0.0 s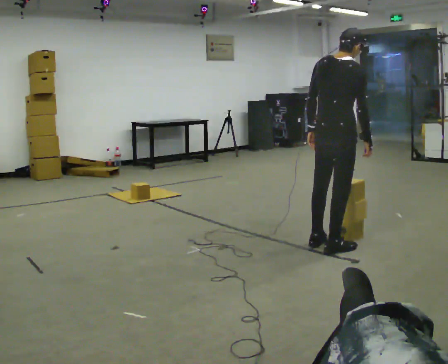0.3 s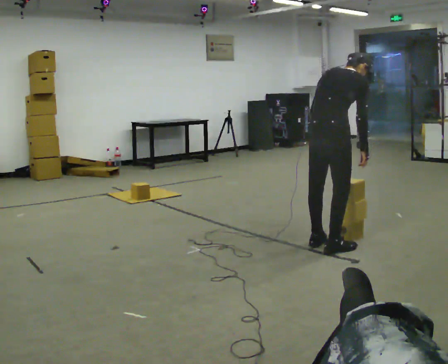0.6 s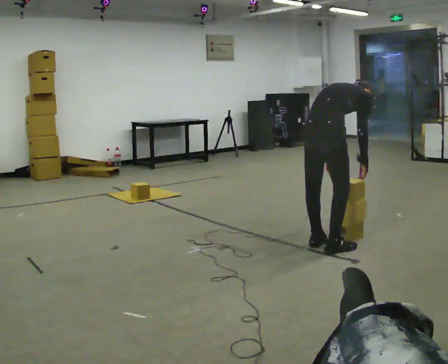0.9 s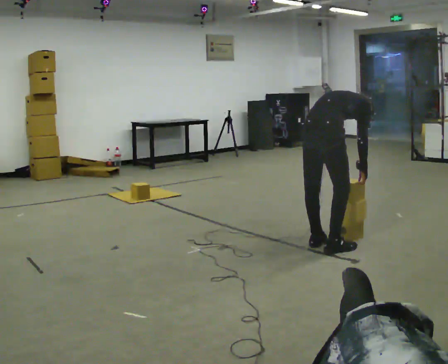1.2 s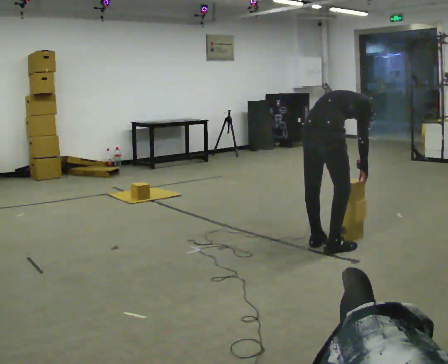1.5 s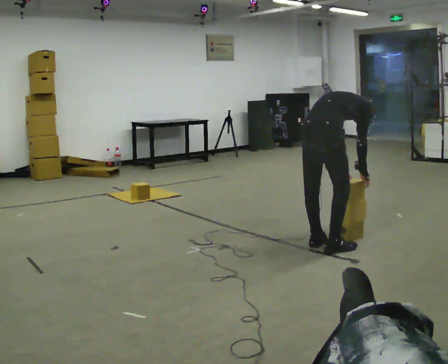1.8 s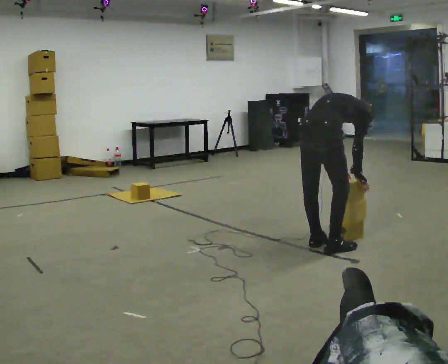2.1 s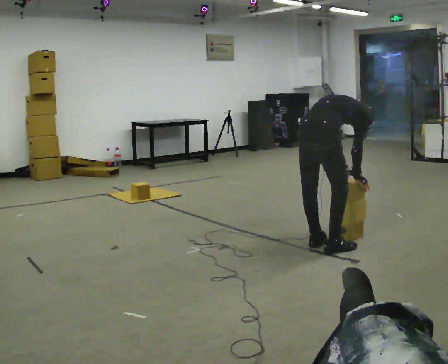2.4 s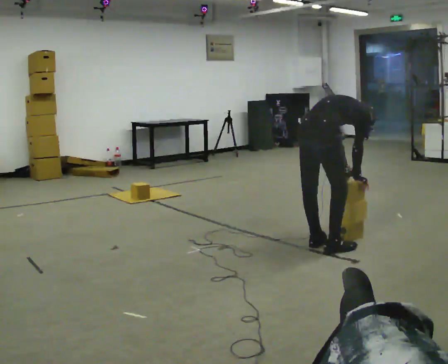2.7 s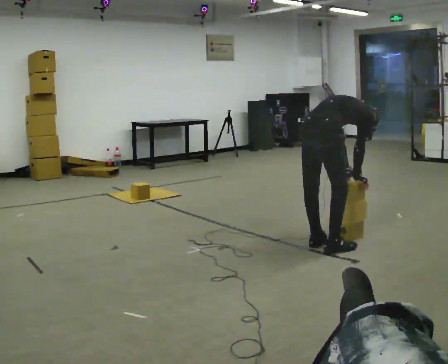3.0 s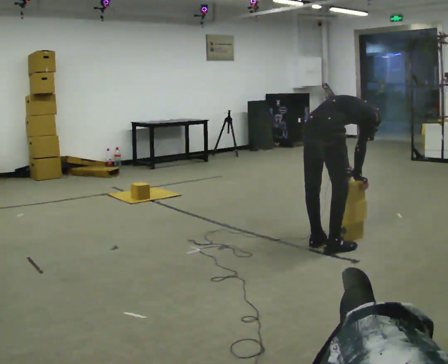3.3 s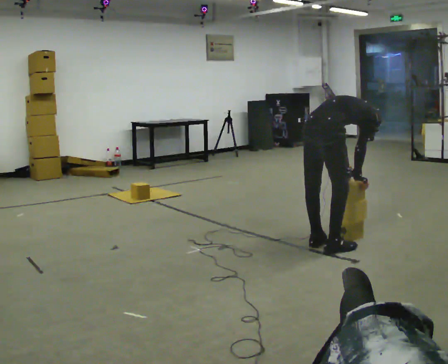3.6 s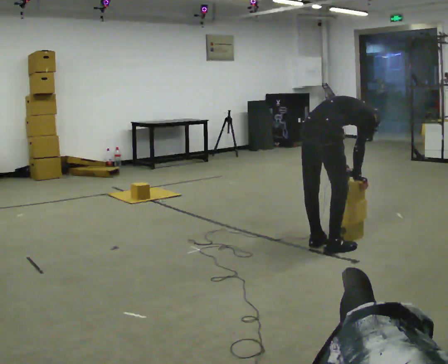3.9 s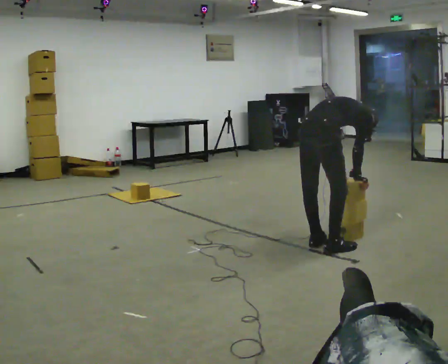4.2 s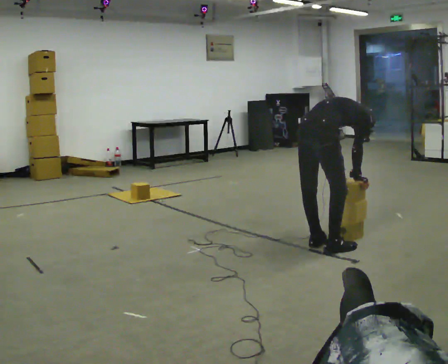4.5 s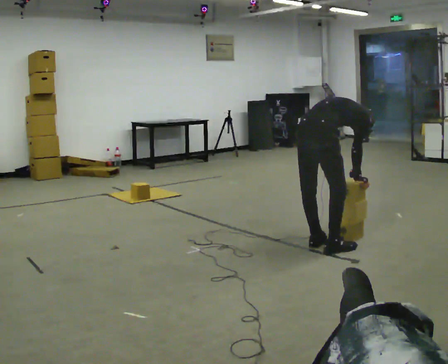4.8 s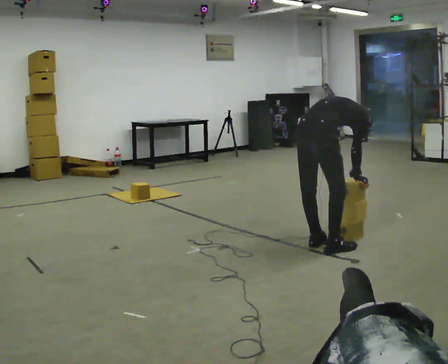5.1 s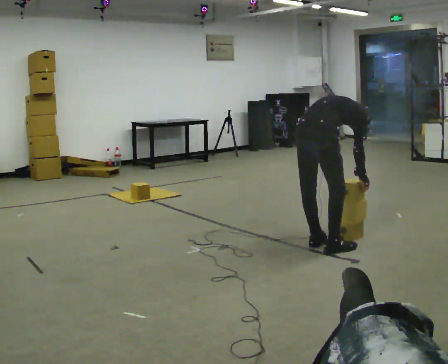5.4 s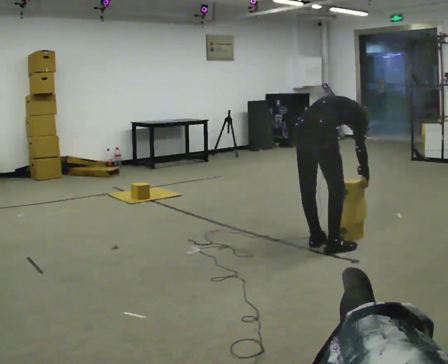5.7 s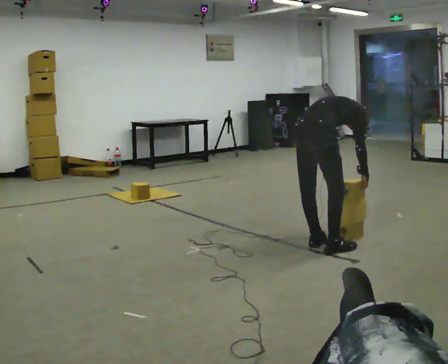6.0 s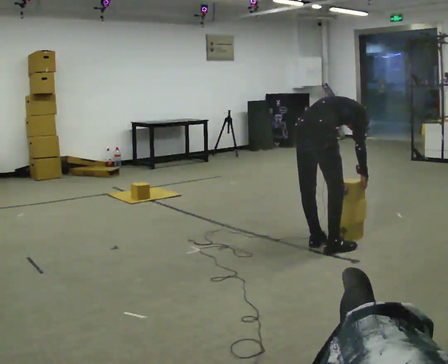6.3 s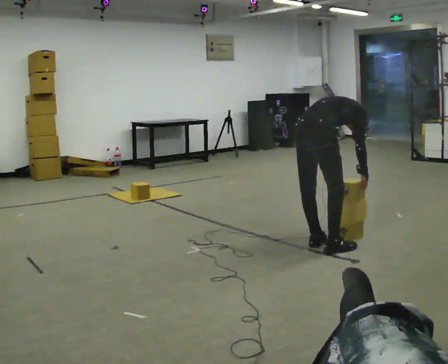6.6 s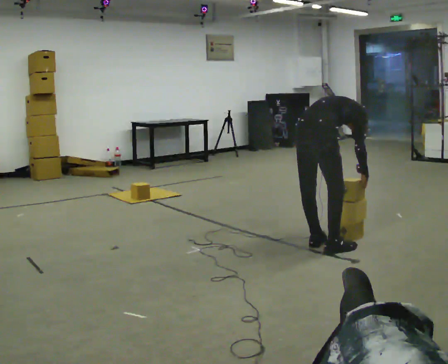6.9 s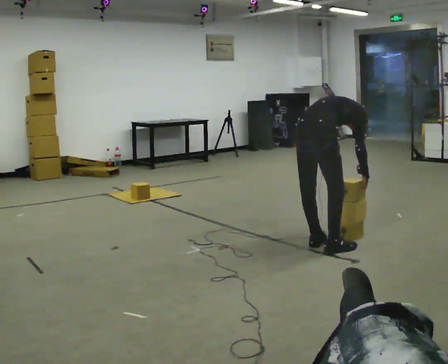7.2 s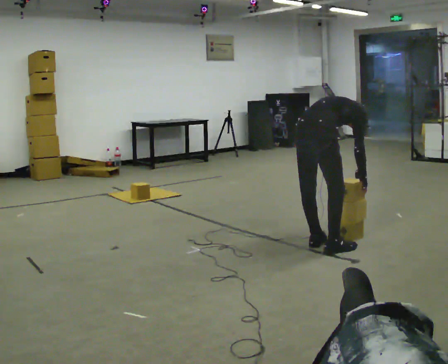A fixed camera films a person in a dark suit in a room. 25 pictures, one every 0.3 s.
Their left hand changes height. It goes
downward.
The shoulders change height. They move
downward.
0.0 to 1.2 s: The upper body goes downward. The upper body tips away from the camera, its near side rolling upward, as they bend forward. In the picture their left hand goes downward.
1.2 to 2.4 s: In the picture the upper body tilts clockwise, shoulders to the right.
2.4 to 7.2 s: The person moves a little, or ends about where they began.
The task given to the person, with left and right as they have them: Carry the boxes over one at a time and lay them out on the pallet in the pattern the operator shows you. Keep going until the operator says stop; one object at a time, and do not rush between trips.
The film runs forward here.
